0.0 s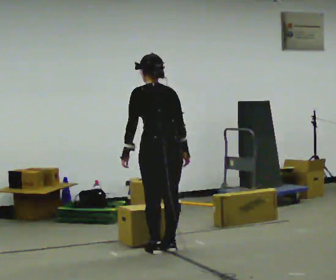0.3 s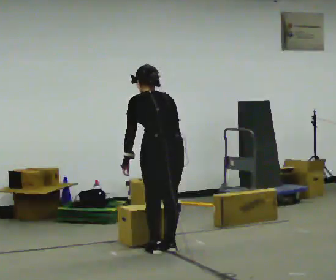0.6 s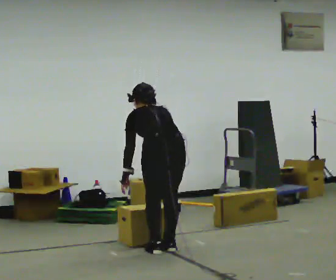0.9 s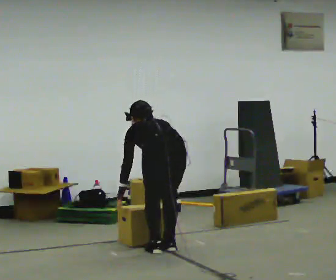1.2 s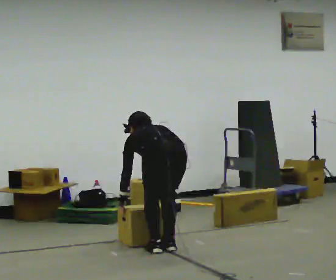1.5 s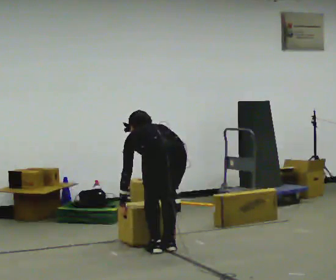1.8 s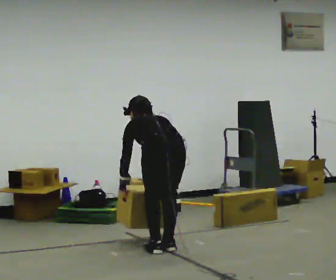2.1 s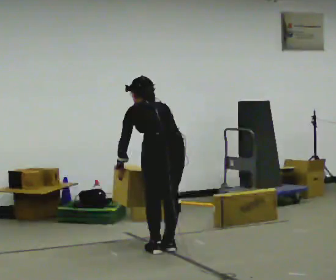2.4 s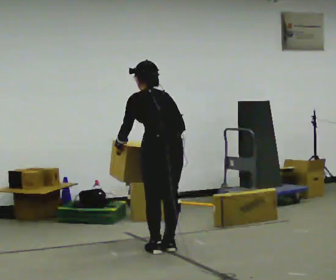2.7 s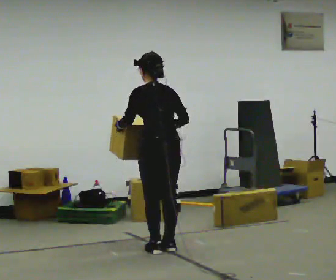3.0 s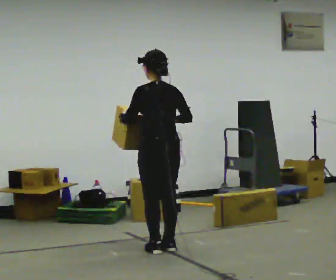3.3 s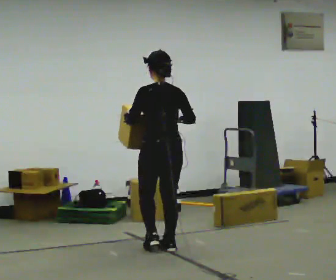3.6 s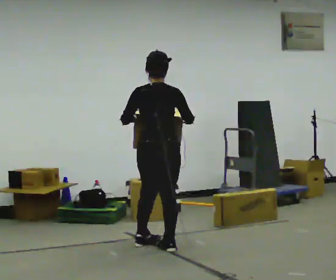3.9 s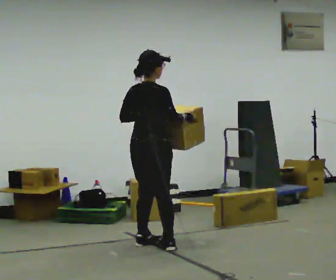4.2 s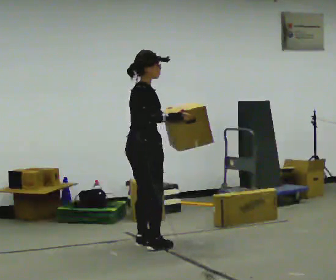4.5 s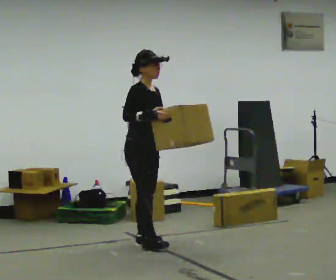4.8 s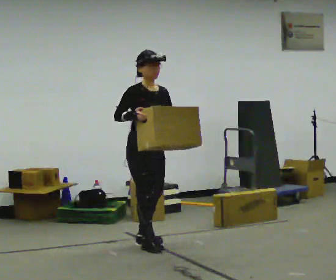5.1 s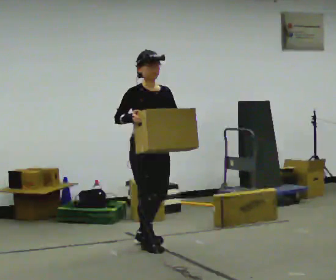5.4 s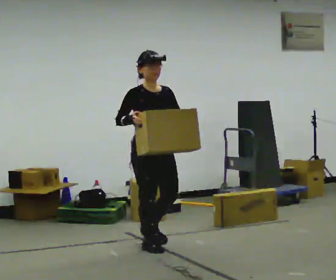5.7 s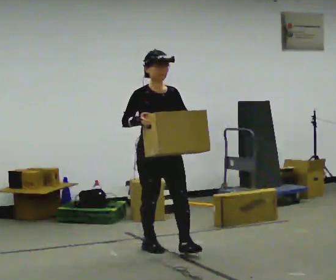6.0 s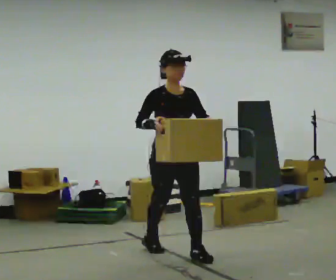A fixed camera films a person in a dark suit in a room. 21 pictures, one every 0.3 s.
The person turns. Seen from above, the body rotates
clockwise.
The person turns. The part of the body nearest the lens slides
to the left.
0.0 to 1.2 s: The upper body goes downward. The upper body tips away from the camera, its near side rolling upward, as they bend forward. In the picture their right hand goes downward.
1.2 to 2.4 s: The shoulders move upward. The upper body tips toward the camera, its near side rolling downward, as they lean back or straighten. In the picture their right hand goes upward.
2.4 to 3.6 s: The person turns about 30 degrees to their right, clockwise seen from above, so the part of the body nearest the lens slides to the left. The upper body tips toward the camera, its near side rolling downward, as they lean back or straighten.
3.6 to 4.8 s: The person turns about 135 degrees to their right, clockwise seen from above, so the part of the body nearest the lens slides to the left. In the picture their right hand goes to the left.
4.8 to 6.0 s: In the picture they go toward the camera and to the right, about 0.5 m in 1 step, which for them is forward.
The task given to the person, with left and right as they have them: Carry the box across the room much more slowly and carefully than normal, back and forth.
The film runs forward here.
